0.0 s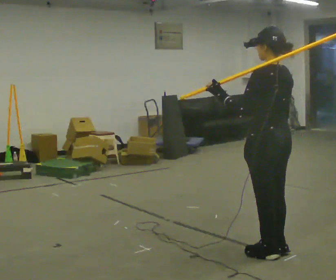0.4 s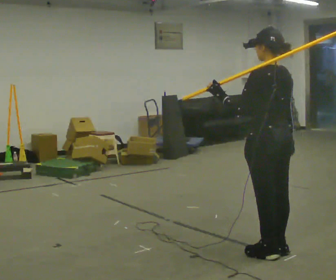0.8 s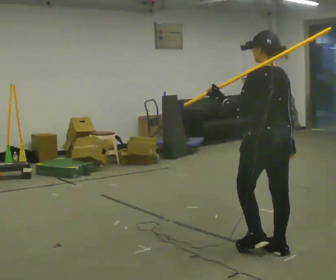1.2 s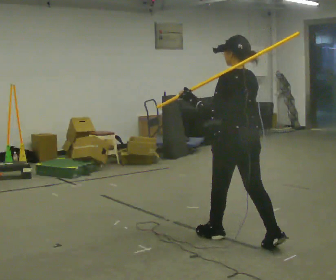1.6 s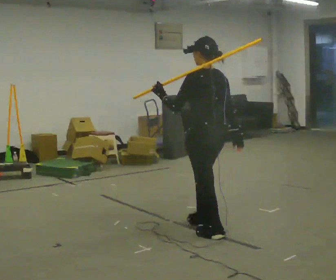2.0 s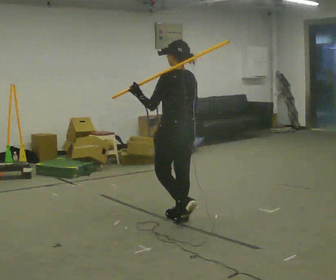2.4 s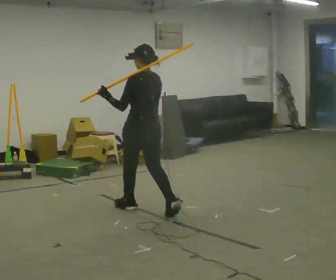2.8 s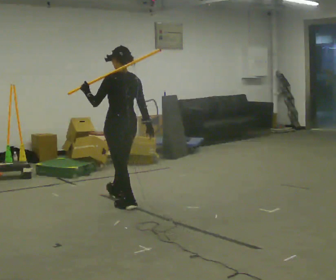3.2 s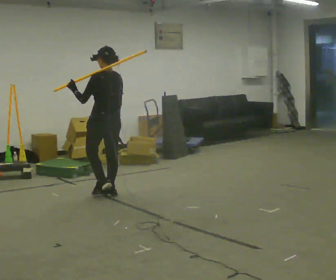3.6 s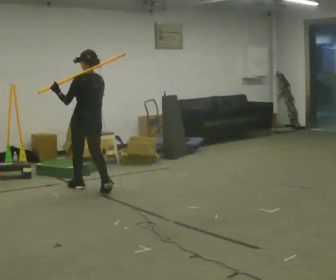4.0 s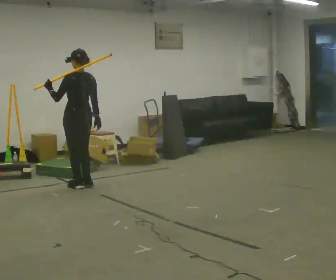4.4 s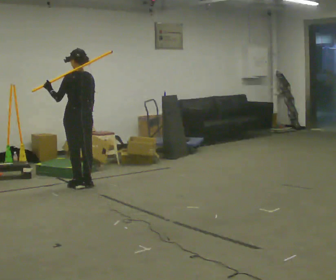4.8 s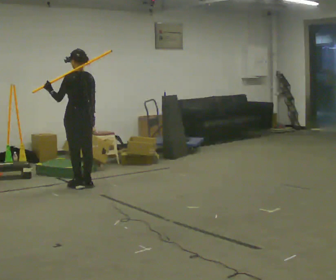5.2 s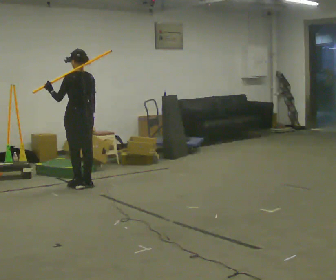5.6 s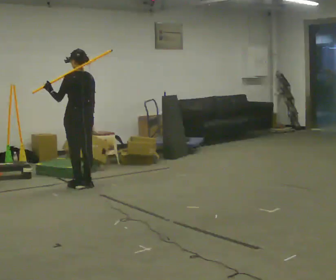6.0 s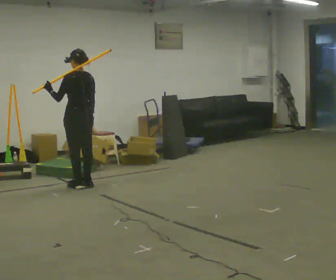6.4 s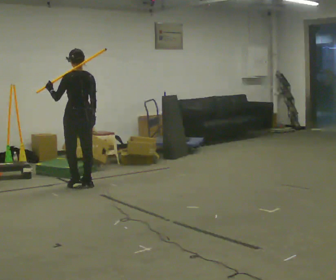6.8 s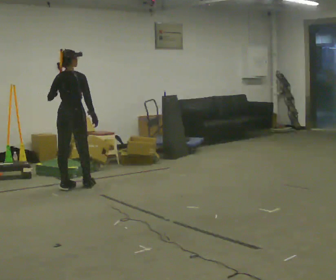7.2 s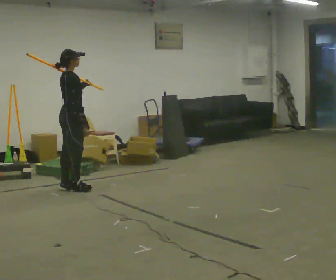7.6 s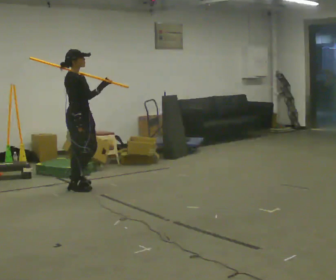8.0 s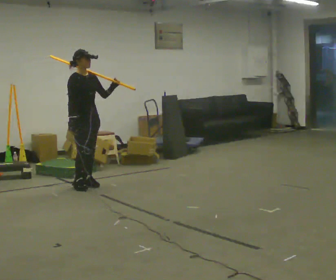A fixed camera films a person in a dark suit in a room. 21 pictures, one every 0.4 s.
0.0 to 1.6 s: In the picture they go away from the camera and to the left, about 0.75 m in 1 step, which for them is forward.
1.6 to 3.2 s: In the picture they go away from the camera and to the left, about 1.5 m in 3 steps, which for them is forward.
3.2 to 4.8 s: In the picture they go away from the camera and to the left, about 0.5 m in 2 steps, which for them is forward.
4.8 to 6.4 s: The person moves a little, or ends about where they began.
6.4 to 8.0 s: Seen from above the body turns clockwise, about 165 degrees: to their right, with its near side sliding to the left. In the picture their left hand goes to the right.
The film runs forward here.
